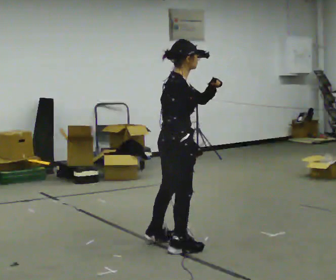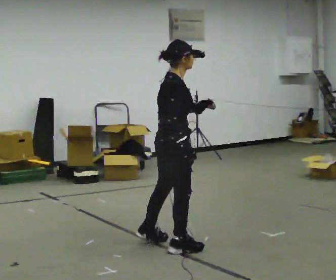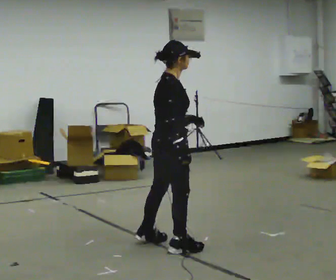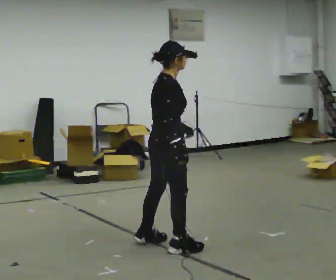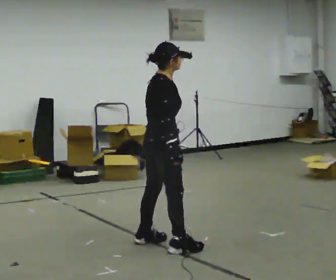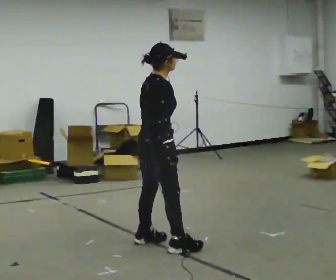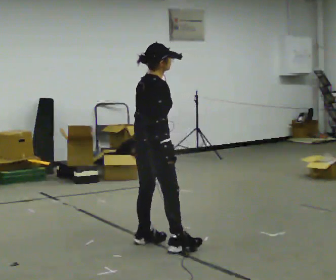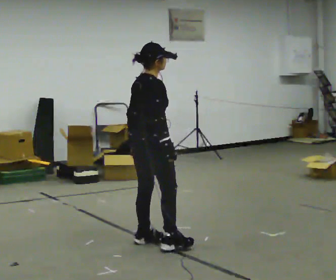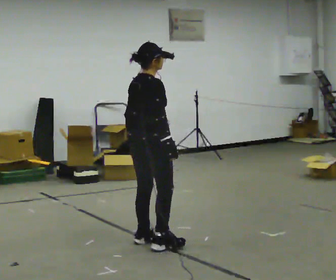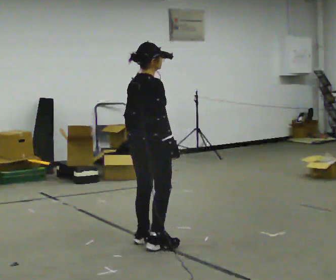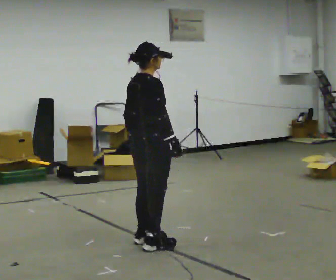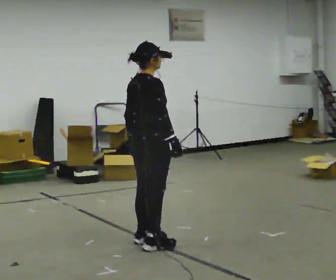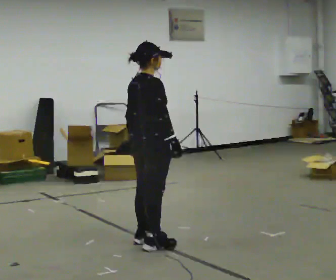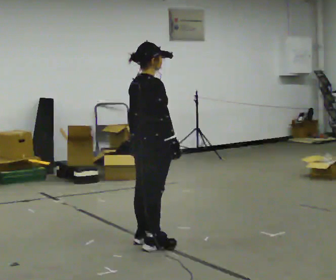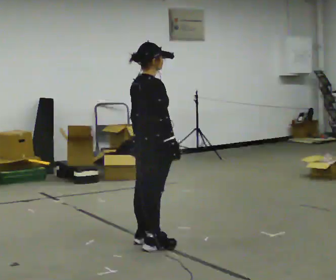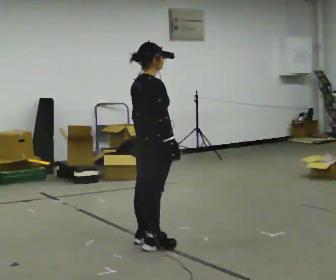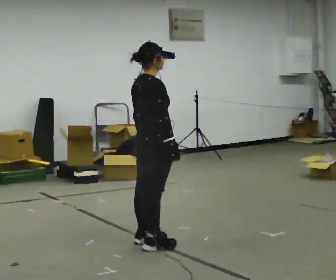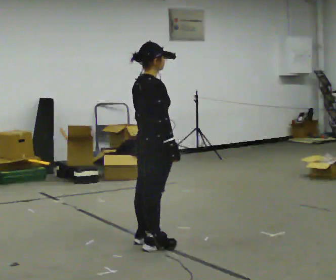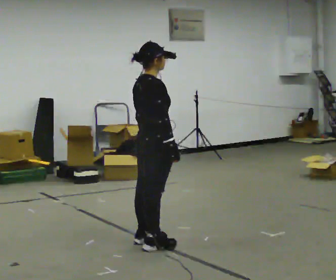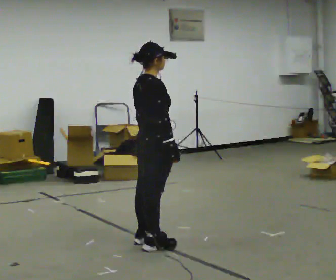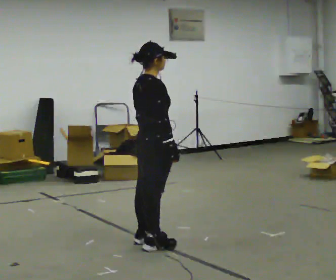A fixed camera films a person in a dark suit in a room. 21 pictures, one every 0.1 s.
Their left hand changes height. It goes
downward.
0.0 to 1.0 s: Seen from above the body turns counterclockwise, about 30 degrees: to their left, with its near side sliding to the right. In the picture they go to the left and away from the camera, about 0.25 m in 2 steps, which for them is to their left. In the picture their left hand goes to the left and downward.
1.0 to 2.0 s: The person moves a little, or ends about where they began.
The film runs forward here.
